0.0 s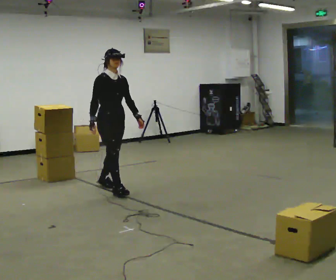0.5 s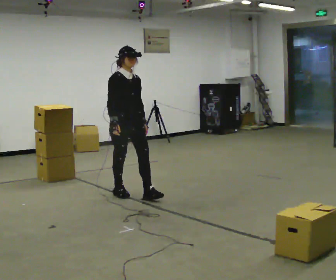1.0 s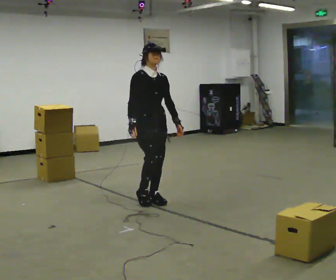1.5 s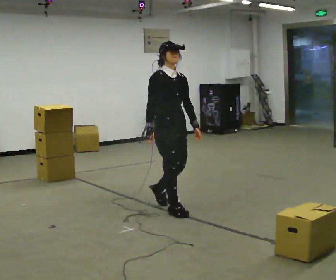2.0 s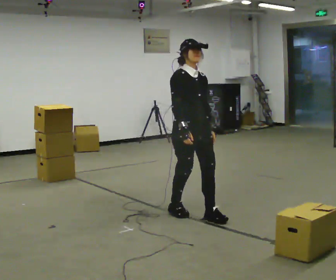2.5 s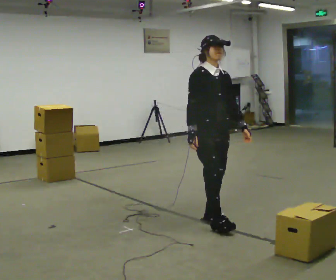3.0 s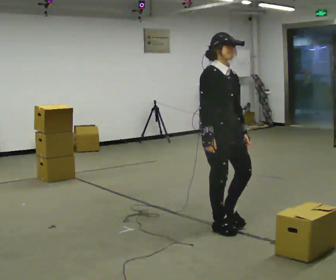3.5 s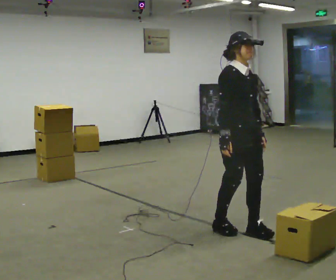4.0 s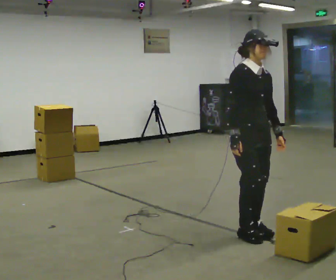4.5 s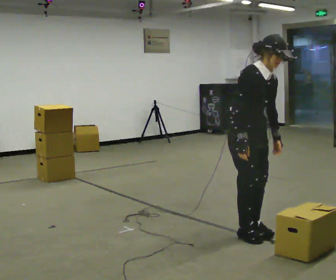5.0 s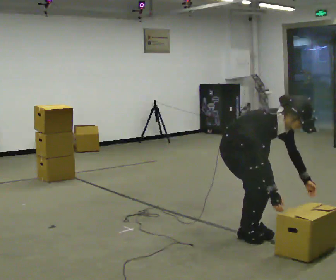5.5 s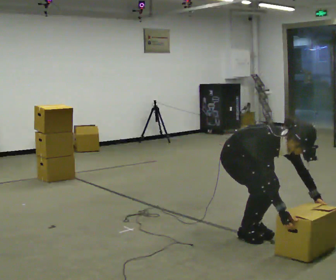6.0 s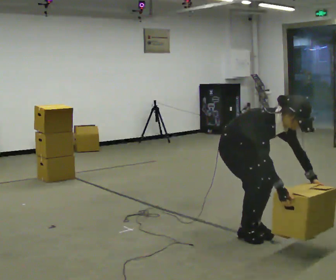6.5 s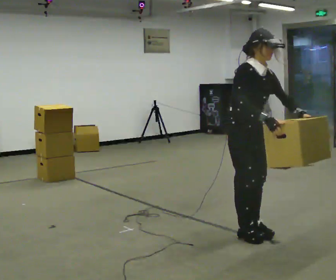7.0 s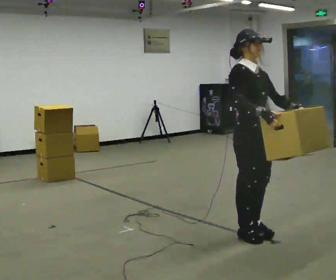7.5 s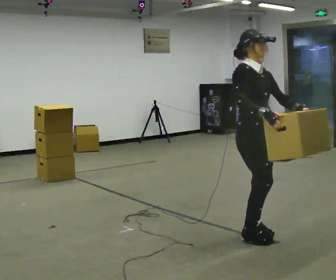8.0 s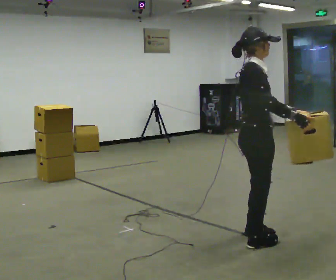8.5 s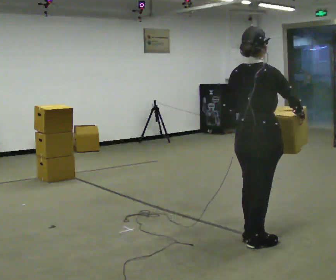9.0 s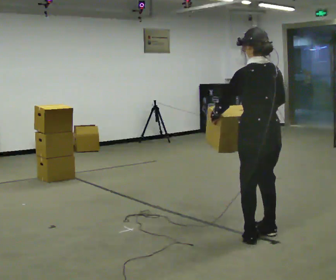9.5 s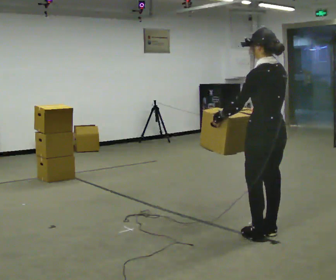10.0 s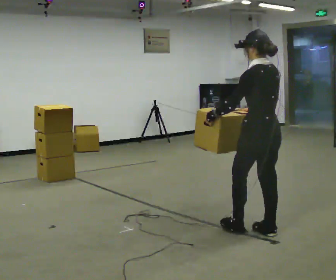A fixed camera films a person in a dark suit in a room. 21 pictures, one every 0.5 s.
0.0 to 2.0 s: In the picture they go to the right and toward the camera, about 1.5 m in 3 steps, which for them is forward.
2.0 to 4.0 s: In the picture they go to the right and toward the camera, about 0.75 m in 3 steps, which for them is forward.
4.0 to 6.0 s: In the picture their right hand goes to the right.
6.0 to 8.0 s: The person turns about 45 degrees to their left, counterclockwise seen from above, so the part of the body nearest the lens slides to the right. In the picture they go toward the camera, about 0.25 m in 1 step, which for them is forward. The upper body goes upward. In the picture the upper body tilts counterclockwise, shoulders to the left, as they lean back or straighten. In the picture their right hand goes upward.
8.0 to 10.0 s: The person turns about 135 degrees to their left, counterclockwise seen from above, so the part of the body nearest the lens slides to the right. In the picture they go away from the camera, about 0.25 m in 2 steps.
The film runs forward here.
